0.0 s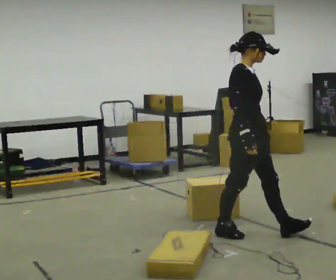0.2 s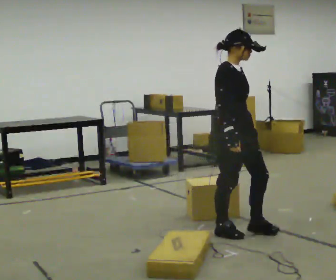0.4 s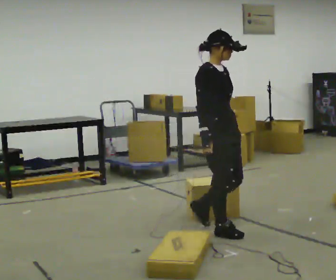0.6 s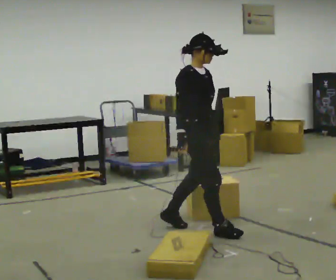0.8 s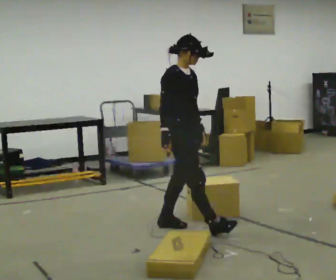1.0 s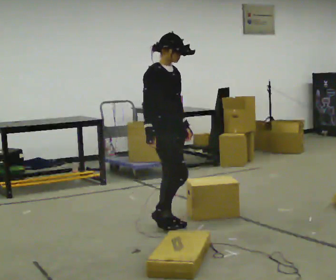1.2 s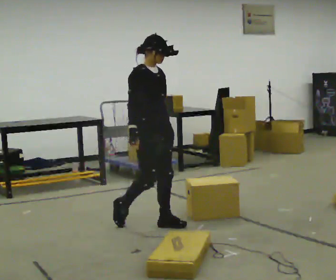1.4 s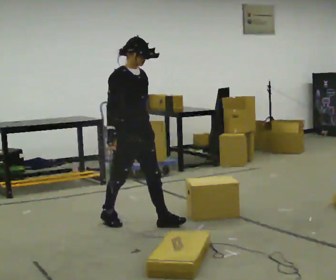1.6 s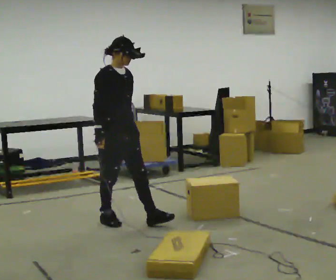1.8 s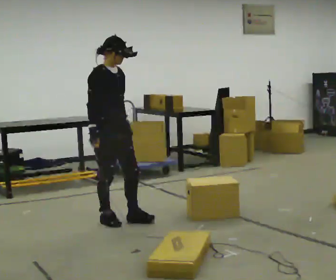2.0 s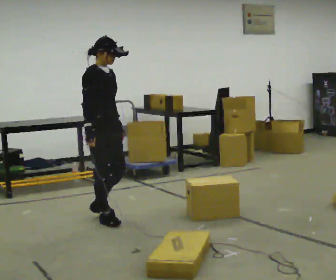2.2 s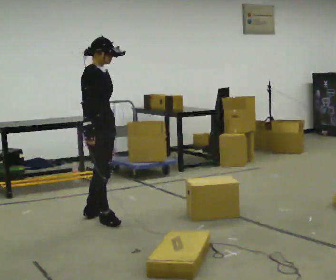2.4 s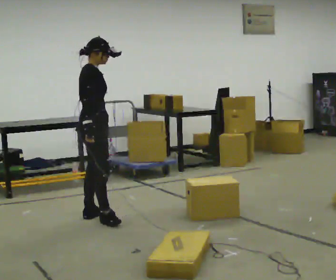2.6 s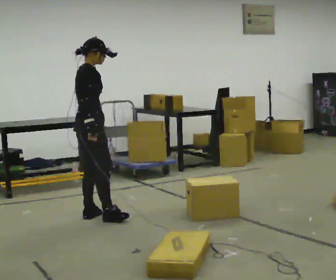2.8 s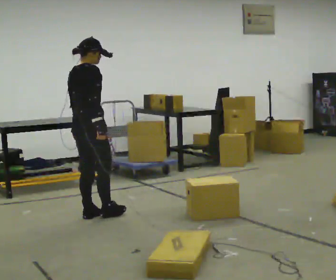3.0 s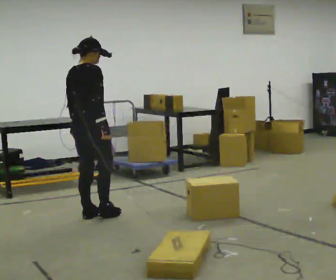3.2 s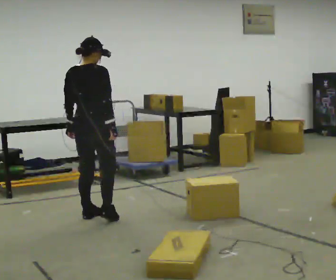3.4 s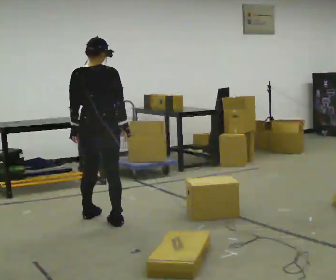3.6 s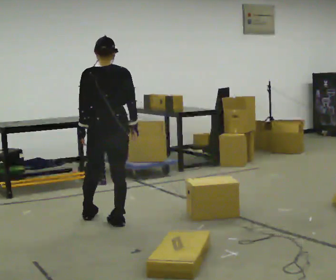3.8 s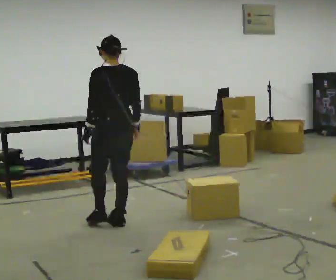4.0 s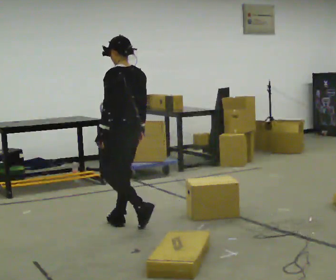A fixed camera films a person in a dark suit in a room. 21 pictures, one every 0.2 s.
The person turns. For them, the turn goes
to their left.
The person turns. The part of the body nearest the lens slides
to the right.
0.0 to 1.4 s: In the picture they go to the left and away from the camera, about 1 m in 2 steps, which for them is backward.
1.4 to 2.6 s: The person turns about 45 degrees to their left, counterclockwise seen from above, so the part of the body nearest the lens slides to the right. In the picture they go to the left and away from the camera, about 0.5 m in 1 step, which for them is backward.
2.6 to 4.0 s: Seen from above the body turns counterclockwise, about 120 degrees: to their left, with its near side sliding to the right. In the picture they go to the right and toward the camera, about 0.5 m in 2 steps.
The film runs backward here.
